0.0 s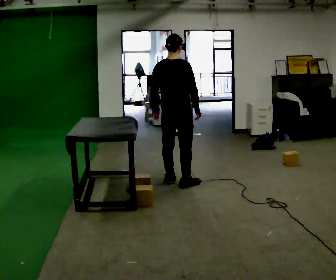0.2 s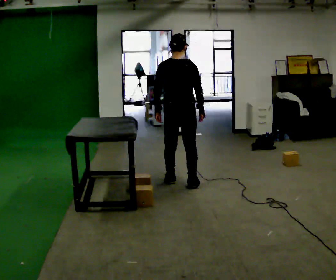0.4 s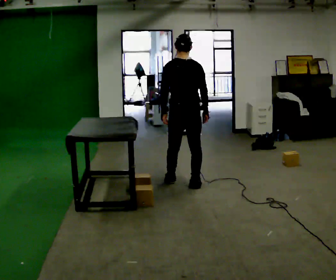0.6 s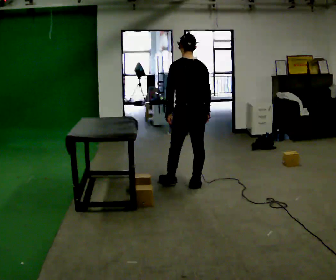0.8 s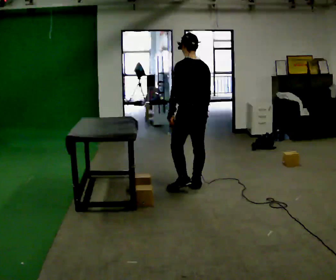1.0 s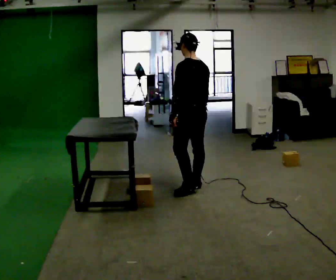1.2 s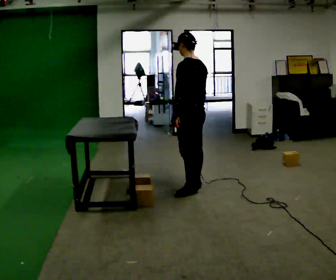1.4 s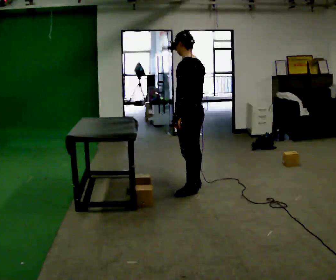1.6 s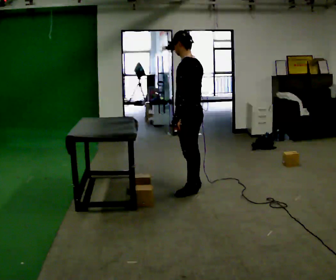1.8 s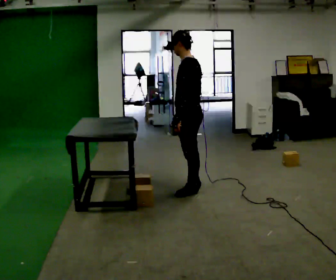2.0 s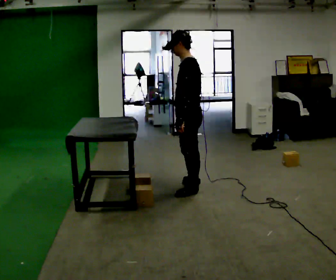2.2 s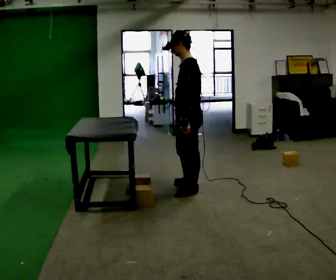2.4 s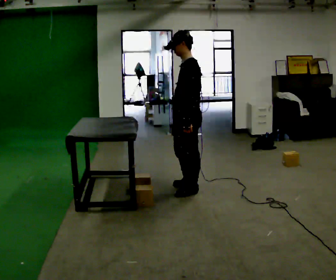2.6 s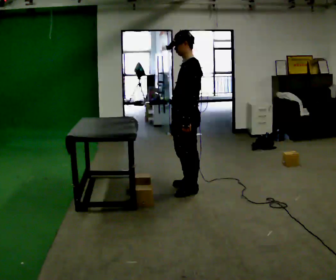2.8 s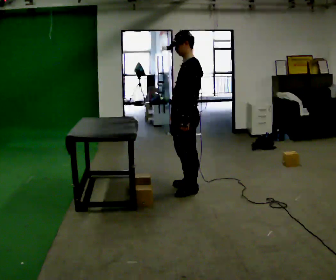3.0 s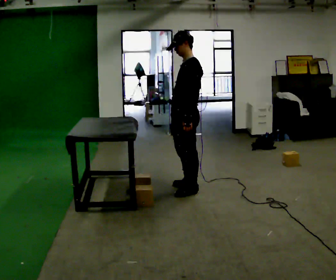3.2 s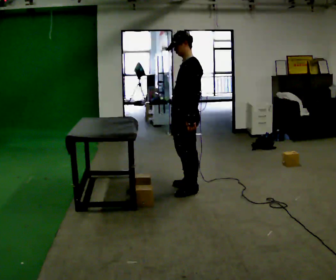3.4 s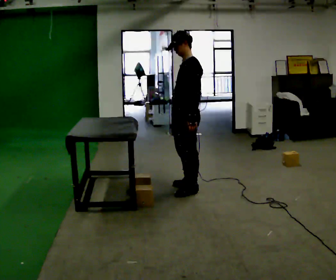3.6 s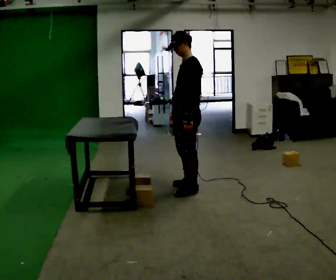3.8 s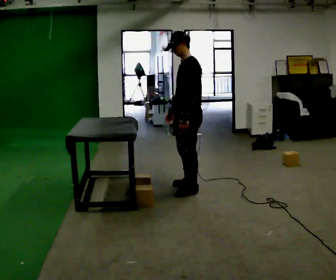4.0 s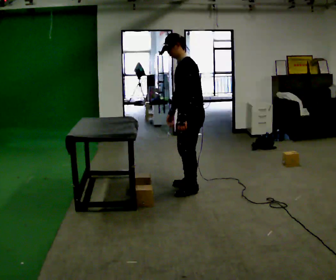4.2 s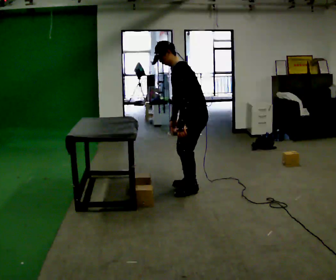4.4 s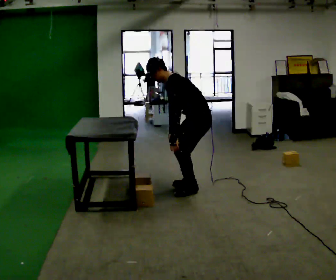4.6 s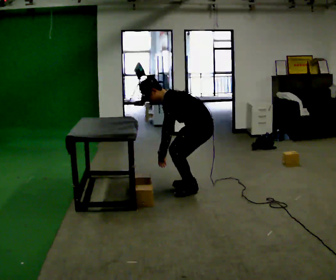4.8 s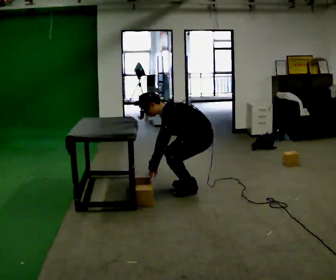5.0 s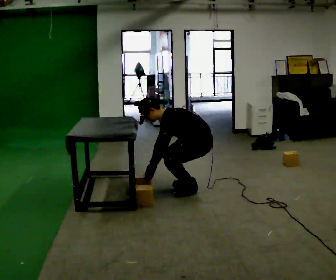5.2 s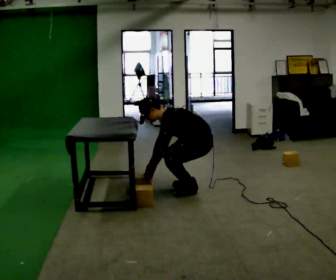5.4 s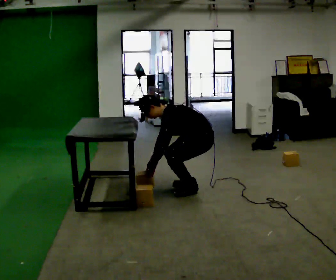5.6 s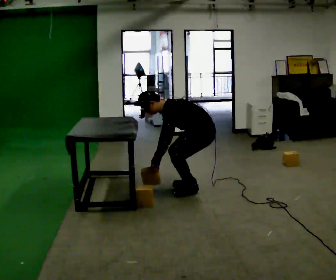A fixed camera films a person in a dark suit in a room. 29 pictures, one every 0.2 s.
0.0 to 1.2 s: Seen from above the body turns counterclockwise, about 75 degrees: to their left, with its near side sliding to the right. In the picture they go toward the camera and to the right, about 0.25 m in 1 step.
1.2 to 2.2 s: The part of the body nearest the lens slides to the right as the person turns to their left by about 30 degrees. In the picture they go toward the camera, about 0.25 m, which for them is to their left.
2.2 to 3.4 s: The person moves a little, or ends about where they began.
3.4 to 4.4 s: The shoulders move downward. In the picture the upper body tilts counterclockwise, shoulders to the left, as they bend forward.
4.4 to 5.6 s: In the picture the upper body tilts counterclockwise, shoulders to the left, as they bend forward.
The film runs backward here.
